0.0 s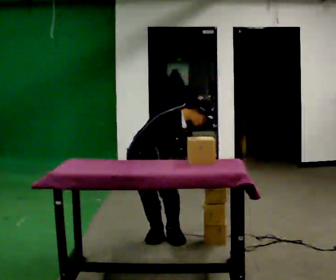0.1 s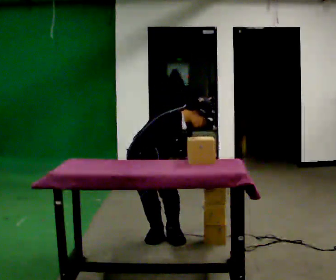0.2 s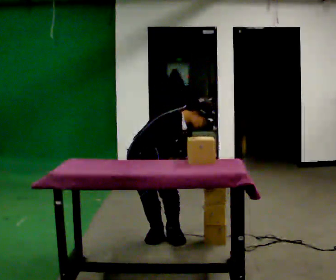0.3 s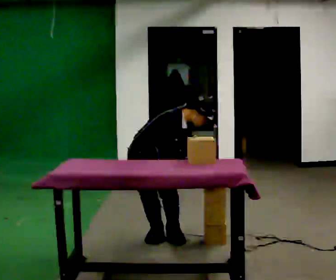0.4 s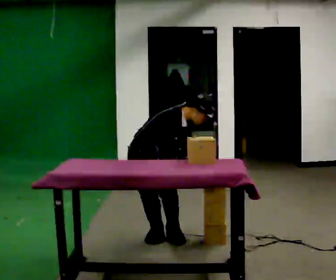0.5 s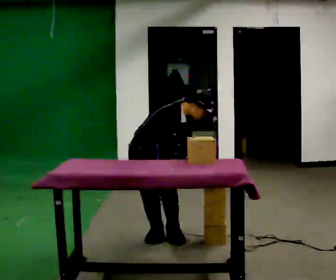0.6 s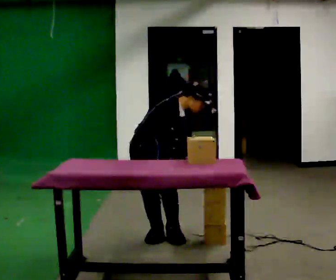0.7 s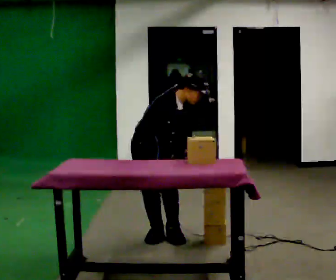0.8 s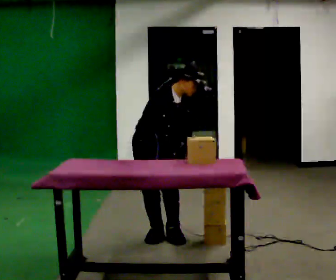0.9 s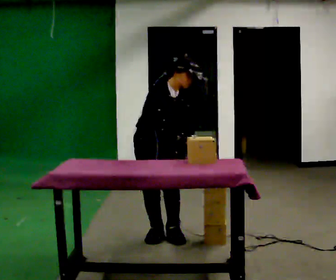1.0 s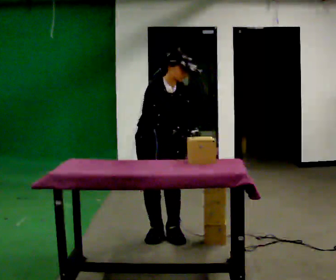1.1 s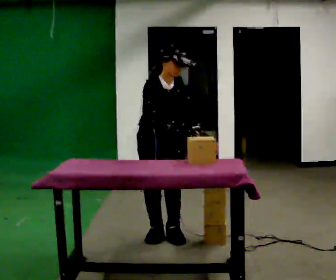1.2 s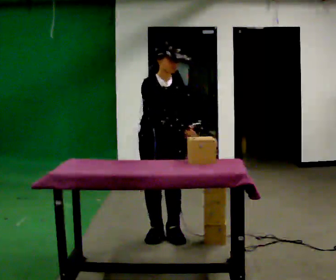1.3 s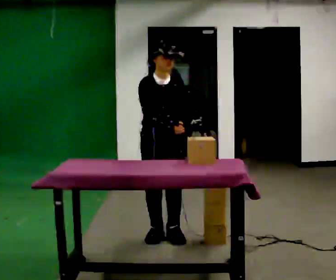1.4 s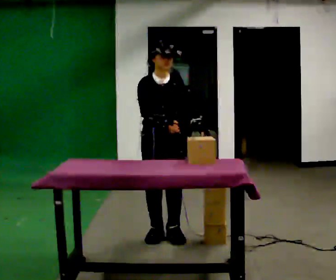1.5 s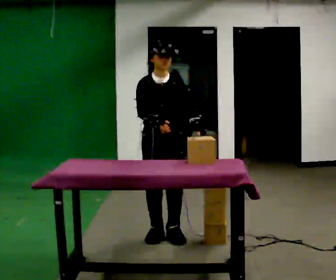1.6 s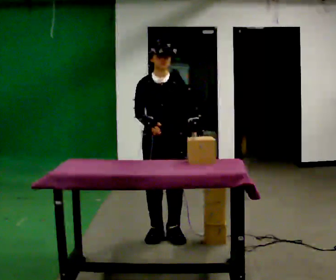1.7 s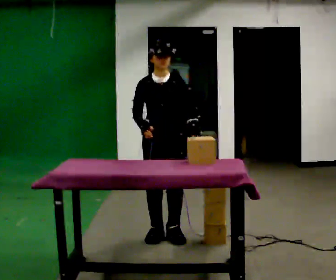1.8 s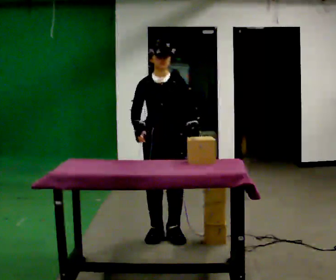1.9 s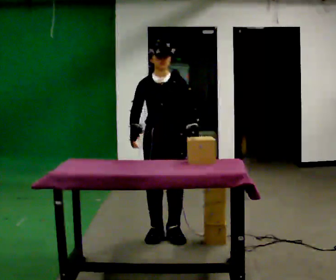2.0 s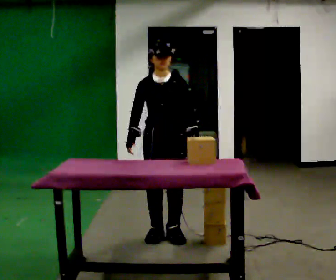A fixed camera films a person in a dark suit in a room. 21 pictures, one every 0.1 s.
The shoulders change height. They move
upward.
The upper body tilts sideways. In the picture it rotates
counterclockwise.
0.0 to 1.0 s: The part of the body nearest the lens slides to the left as the person turns to their right by about 30 degrees. The shoulders move upward. In the picture the upper body tilts counterclockwise, shoulders to the left, as they lean back or straighten.
1.0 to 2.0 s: The part of the body nearest the lens slides to the left as the person turns to their right by about 30 degrees. In the picture the upper body tilts counterclockwise, shoulders to the left, as they lean back or straighten. In the picture their right hand goes to the left.
The film runs forward here.
